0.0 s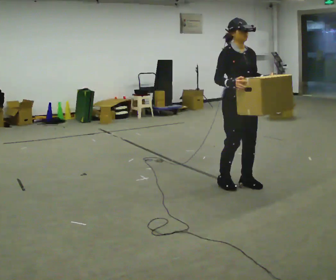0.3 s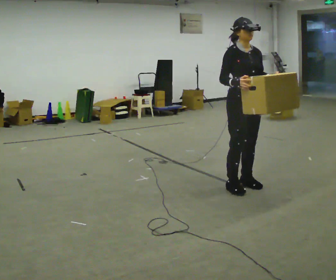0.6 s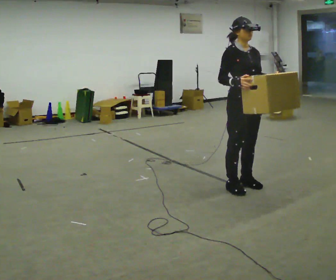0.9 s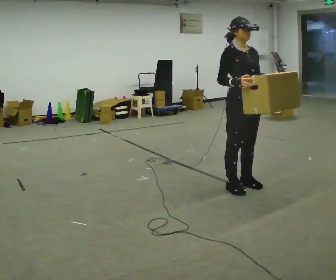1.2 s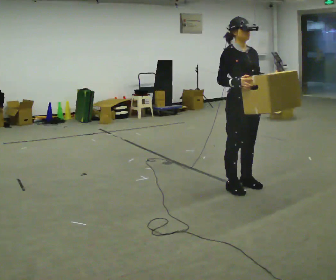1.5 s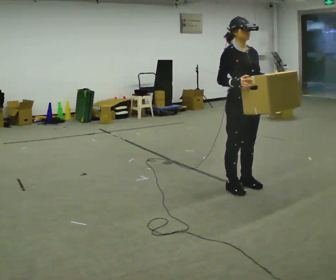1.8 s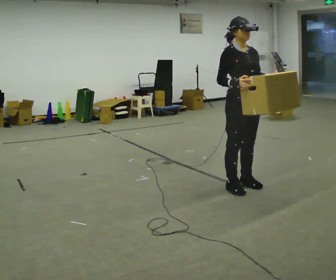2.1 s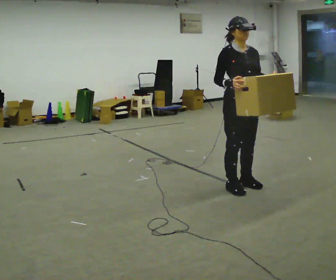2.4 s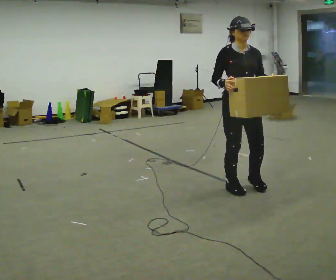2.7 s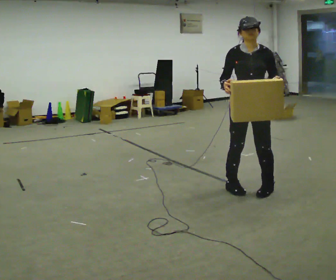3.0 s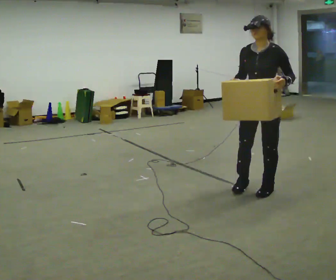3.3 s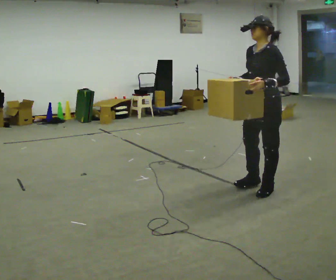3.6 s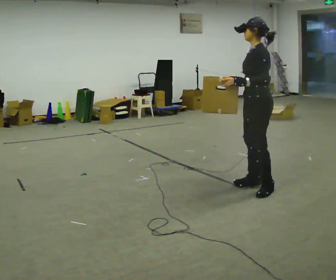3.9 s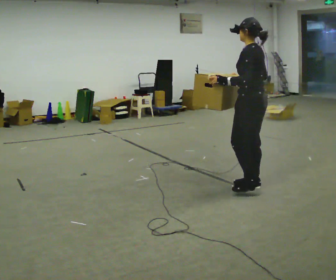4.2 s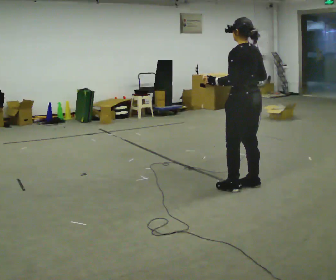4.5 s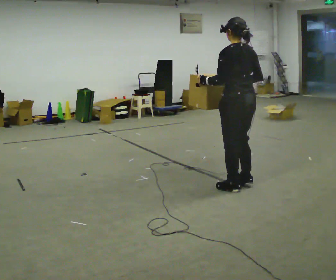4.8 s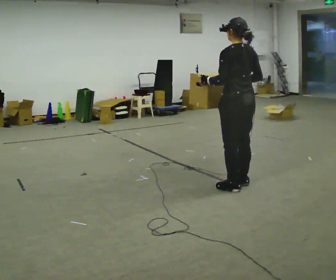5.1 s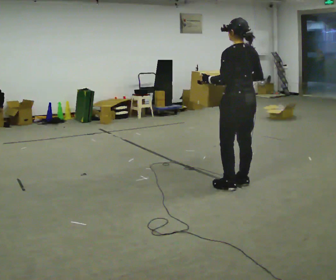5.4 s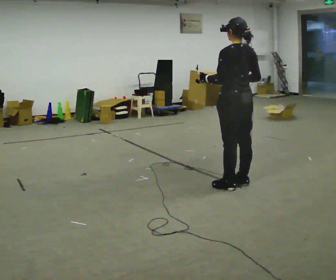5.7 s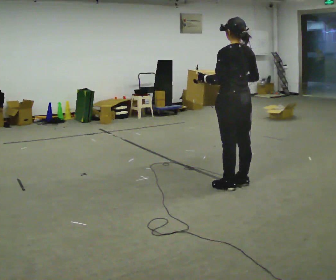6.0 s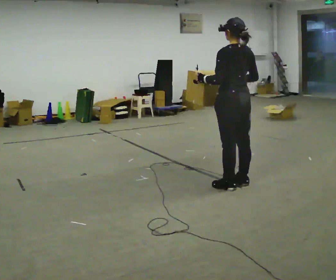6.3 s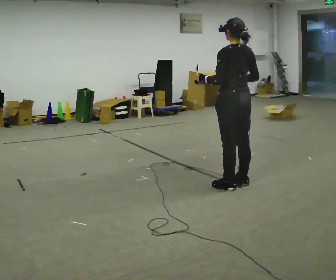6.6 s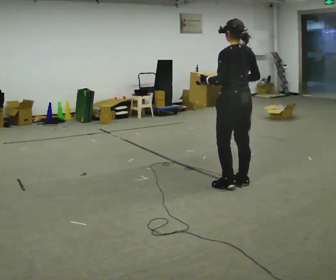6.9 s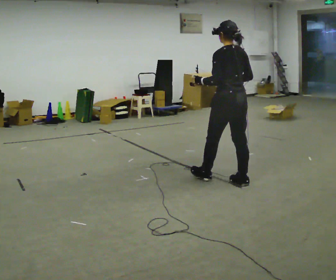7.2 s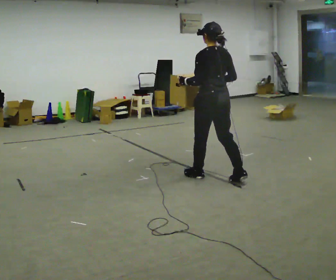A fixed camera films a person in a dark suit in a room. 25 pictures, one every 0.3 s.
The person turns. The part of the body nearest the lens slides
to the left.
The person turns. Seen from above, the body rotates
clockwise.
0.0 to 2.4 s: The person moves a little, or ends about where they began.
2.4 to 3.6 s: The person turns about 105 degrees to their right, clockwise seen from above, so the part of the body nearest the lens slides to the left. In the picture they go to the right, about 0.25 m in 2 steps.
3.6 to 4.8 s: The person turns about 45 degrees to their right, clockwise seen from above, so the part of the body nearest the lens slides to the left. In the picture they go to the left, about 0.25 m in 1 step, which for them is forward. In the picture their left hand goes to the left.
4.8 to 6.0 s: The person moves a little, or ends about where they began.
6.0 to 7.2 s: In the picture they go to the left and away from the camera, about 0.25 m in 1 step, which for them is forward.
The film runs forward here.
